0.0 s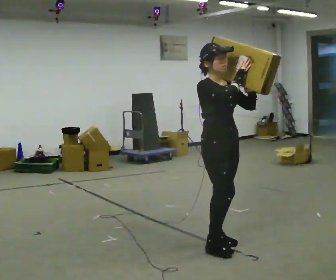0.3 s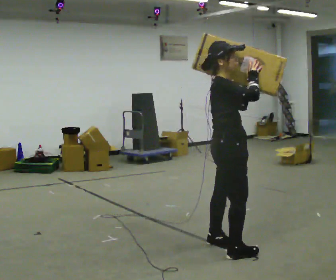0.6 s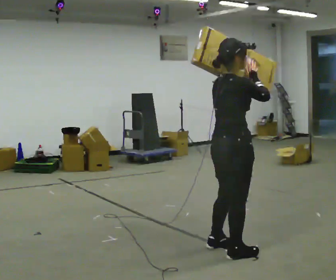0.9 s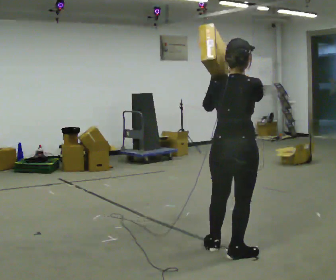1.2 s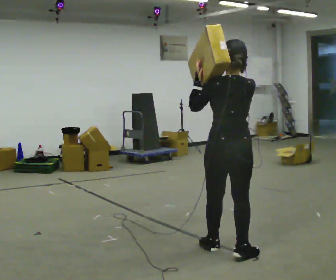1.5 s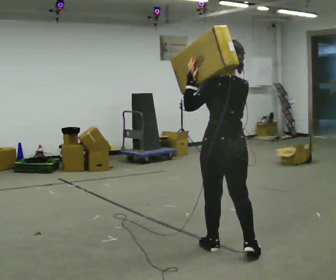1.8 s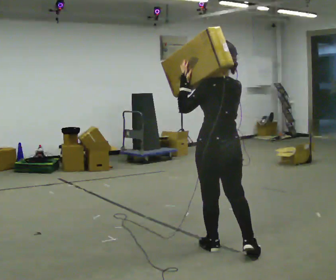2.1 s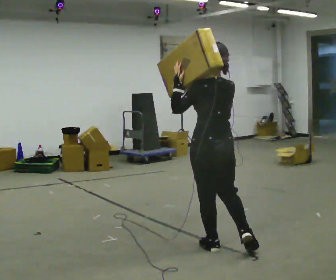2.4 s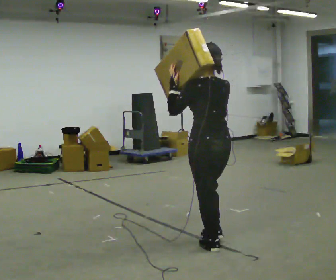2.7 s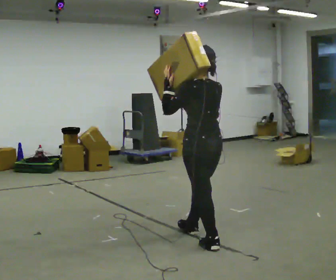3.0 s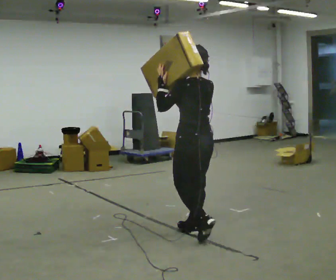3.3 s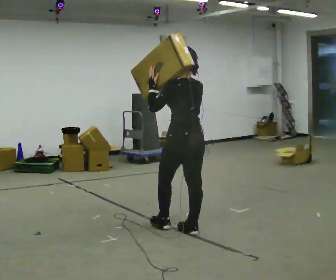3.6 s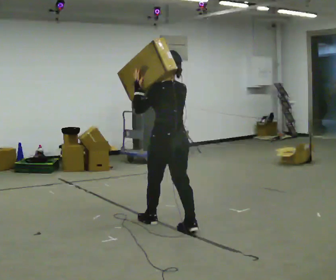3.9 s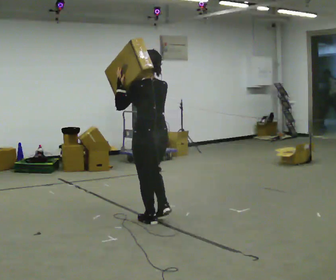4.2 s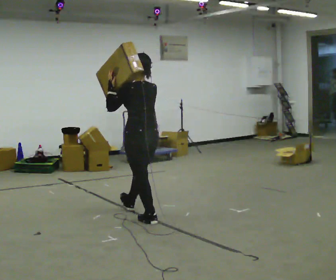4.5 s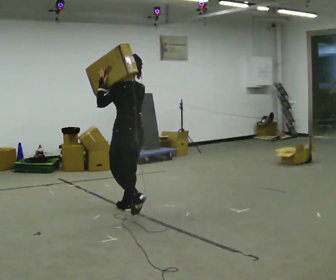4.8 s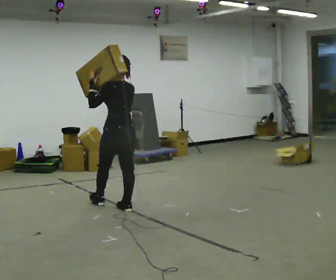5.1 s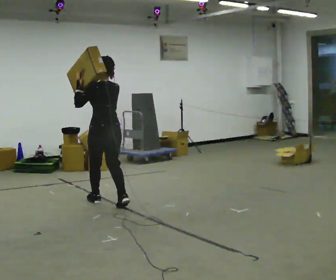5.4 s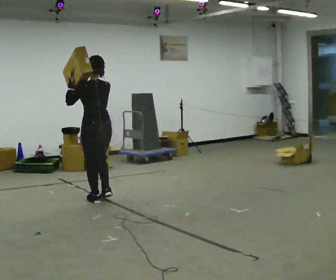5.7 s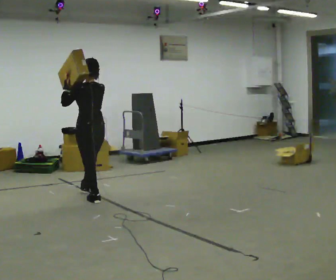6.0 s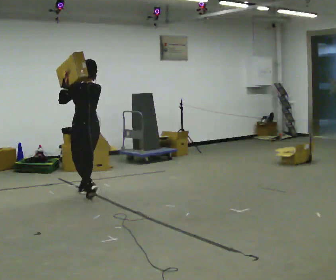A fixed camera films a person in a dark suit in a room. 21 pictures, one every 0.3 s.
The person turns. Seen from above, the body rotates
counterclockwise.
The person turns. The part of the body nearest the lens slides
to the right.
0.0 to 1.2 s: The part of the body nearest the lens slides to the right as the person turns to their left by about 135 degrees. In the picture they go toward the camera, about 0.25 m in 2 steps. In the picture their left hand goes to the left.
1.2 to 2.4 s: The person moves a little, or ends about where they began.
2.4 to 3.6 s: In the picture they go away from the camera and to the left, about 0.75 m in 2 steps, which for them is forward.
3.6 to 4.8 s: In the picture they go away from the camera and to the left, about 1 m in 1 step, which for them is forward.
4.8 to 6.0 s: In the picture they go away from the camera and to the left, about 1 m in 2 steps, which for them is forward.
The film runs forward here.
